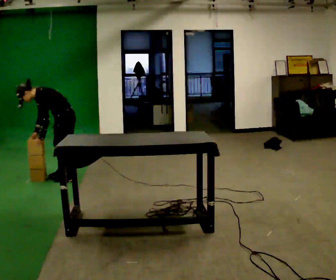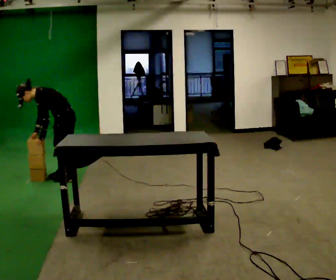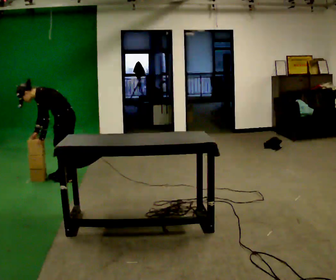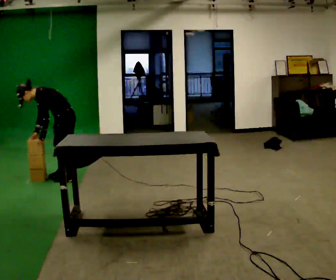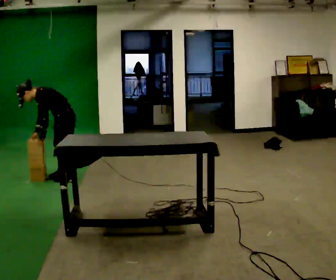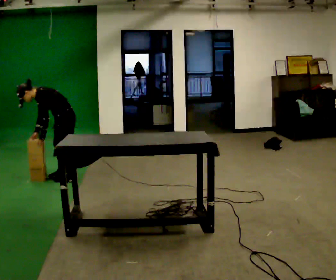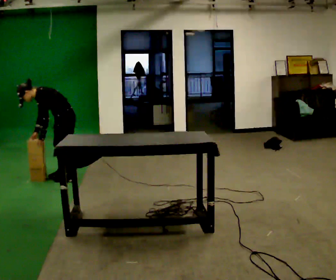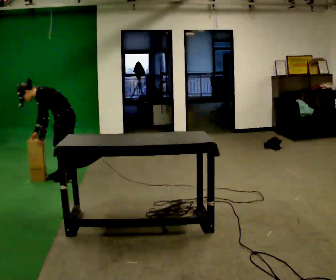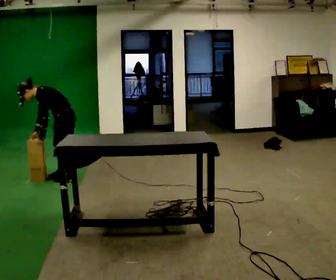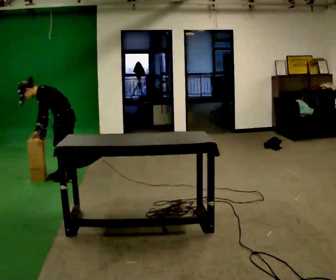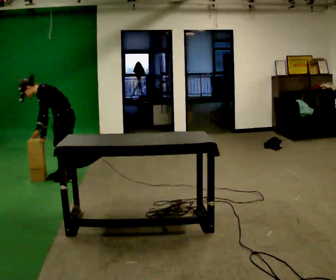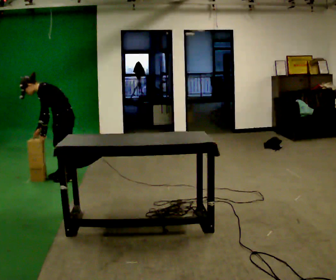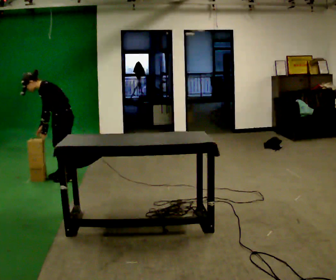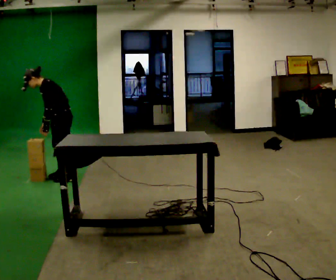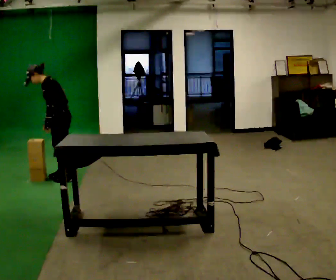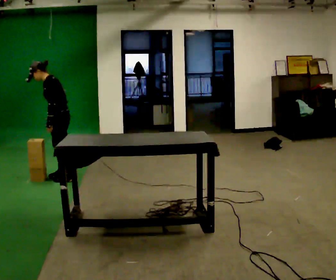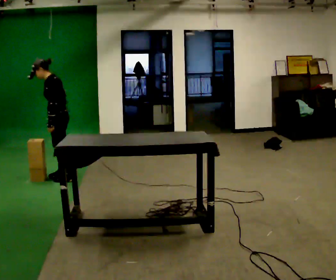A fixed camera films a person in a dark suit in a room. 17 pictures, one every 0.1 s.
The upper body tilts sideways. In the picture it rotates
clockwise.
0.0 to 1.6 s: The upper body goes upward. In the picture the upper body tilts clockwise, shoulders to the right, as they lean back or straighten.
The film runs forward here.
